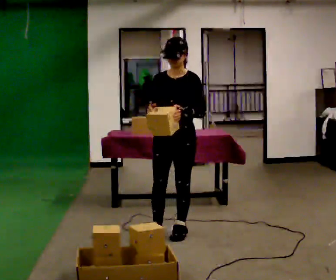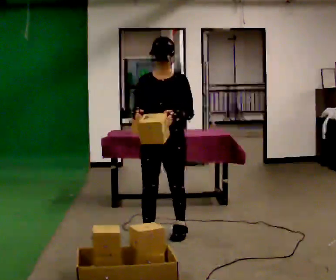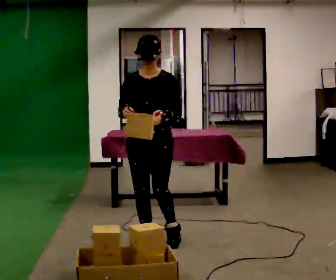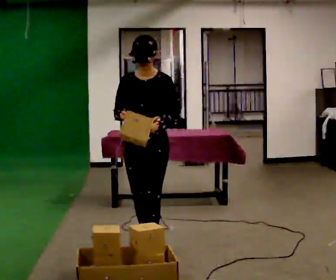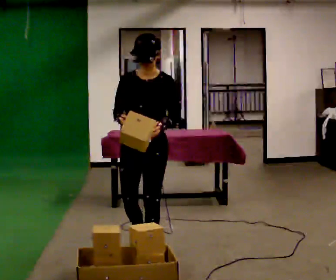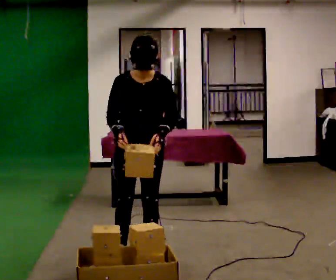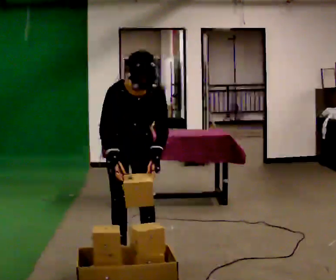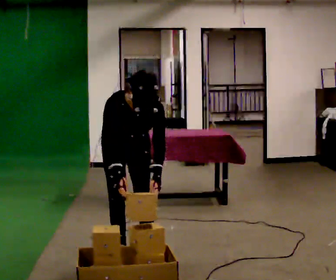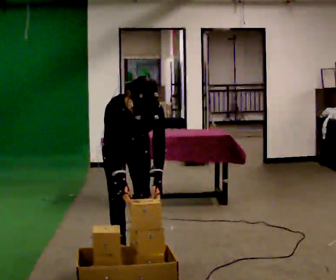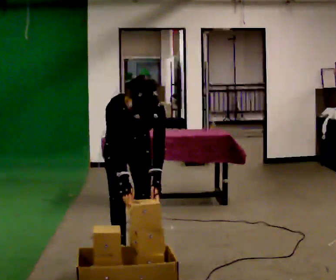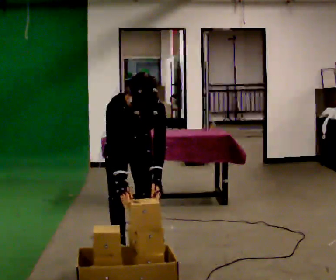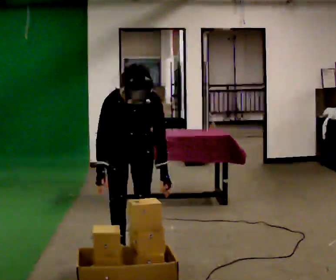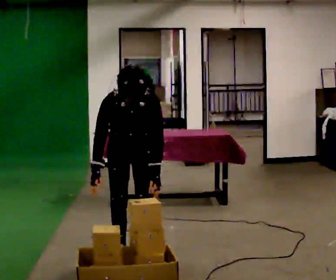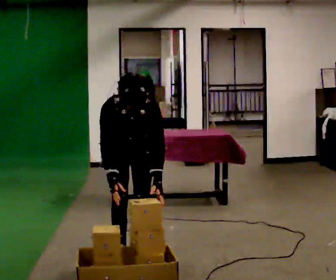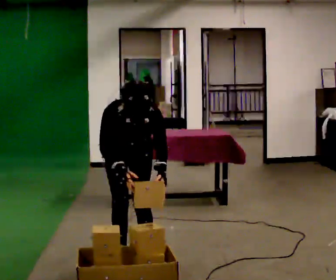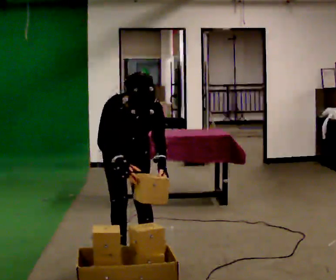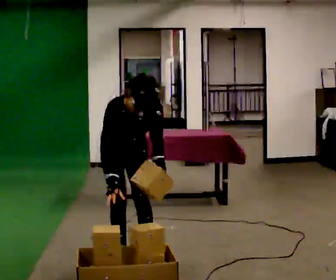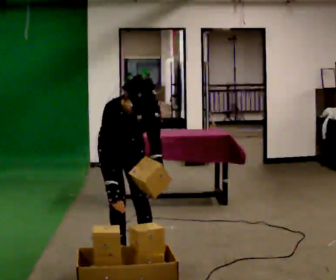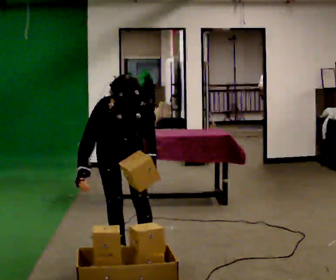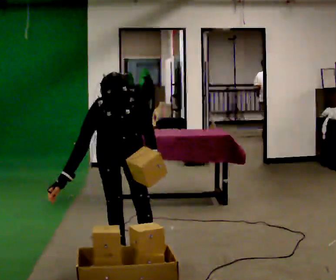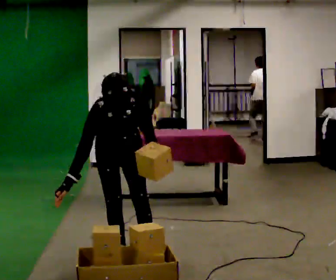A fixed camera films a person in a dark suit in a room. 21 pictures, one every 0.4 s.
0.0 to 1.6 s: In the picture they go toward the camera and to the left, about 0.5 m in 2 steps, which for them is forward.
1.6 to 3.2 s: The shoulders move downward. The upper body tips toward the camera, its near side rolling downward, as they bend forward. In the picture their right hand goes downward.
3.2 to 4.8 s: In the picture the upper body tilts counterclockwise, shoulders to the left.
4.8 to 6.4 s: In the picture the upper body tilts clockwise, shoulders to the right.
6.4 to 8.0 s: The person moves a little, or ends about where they began.
The film runs forward here.
